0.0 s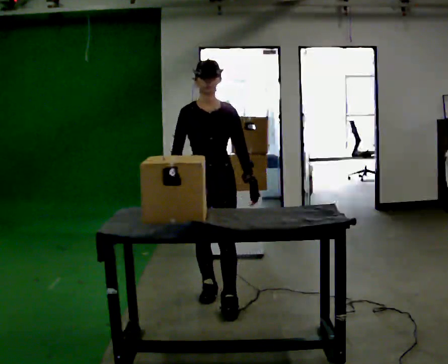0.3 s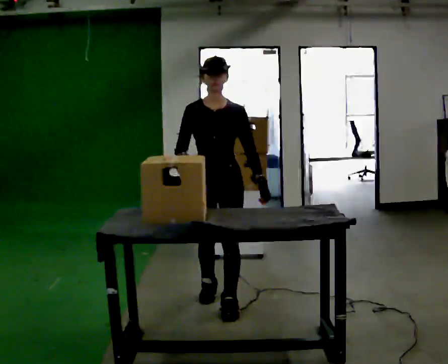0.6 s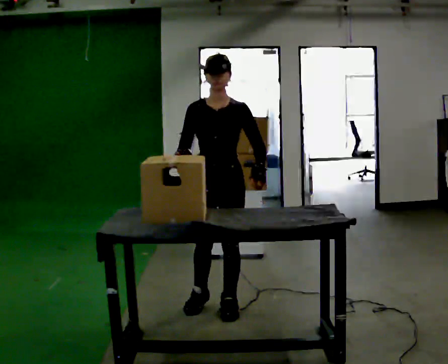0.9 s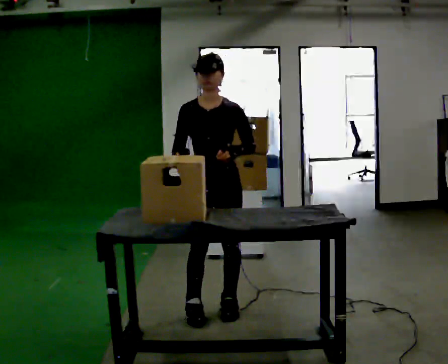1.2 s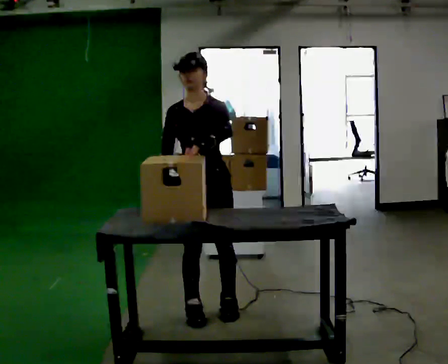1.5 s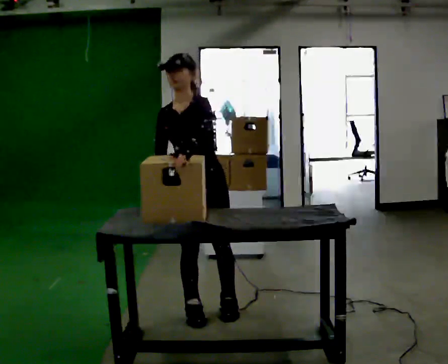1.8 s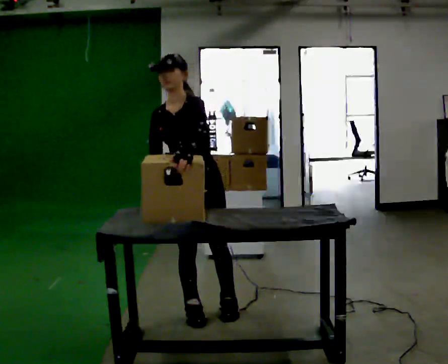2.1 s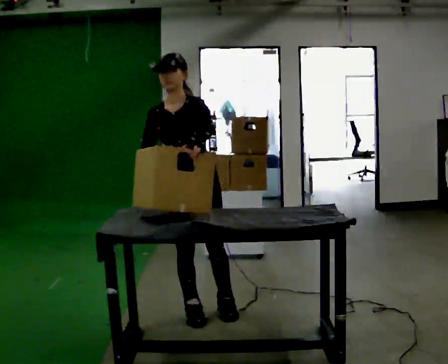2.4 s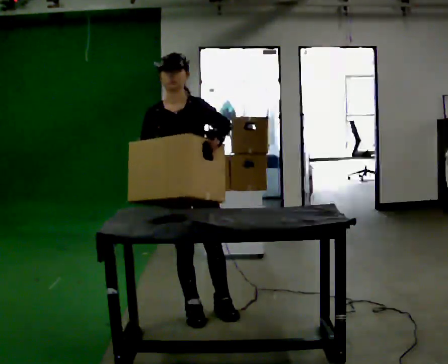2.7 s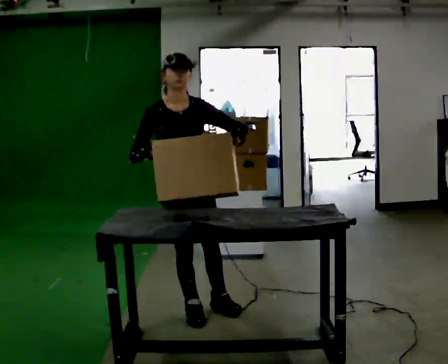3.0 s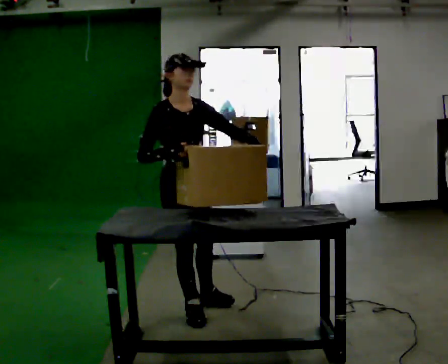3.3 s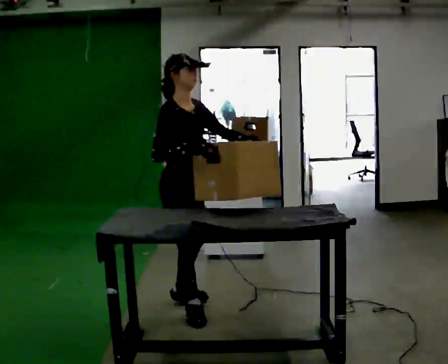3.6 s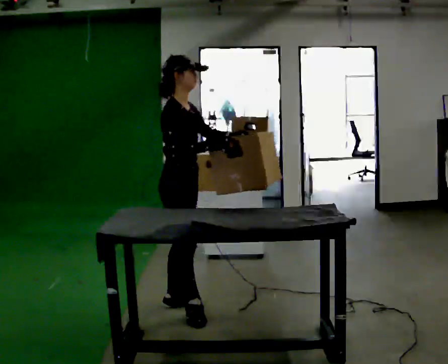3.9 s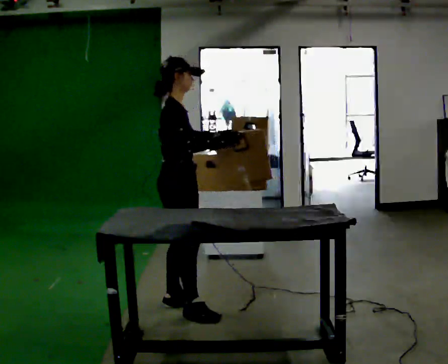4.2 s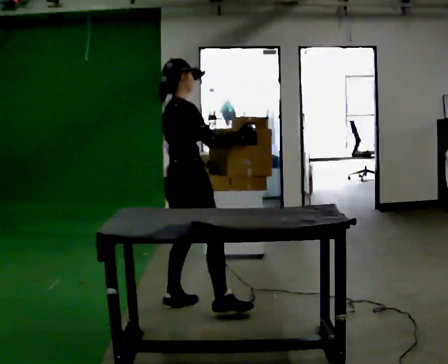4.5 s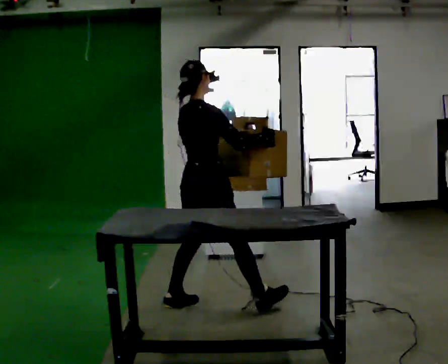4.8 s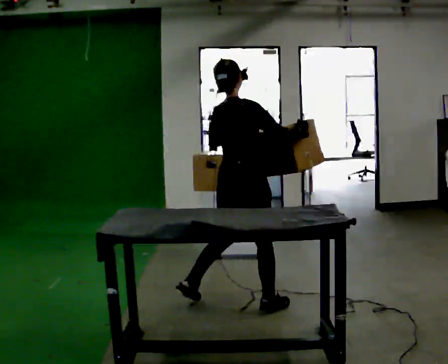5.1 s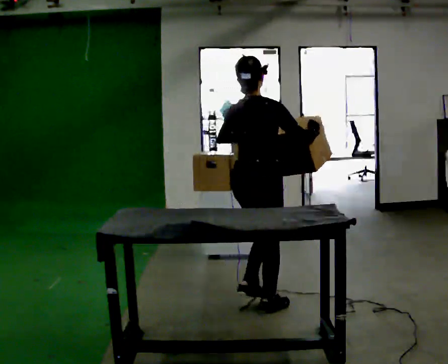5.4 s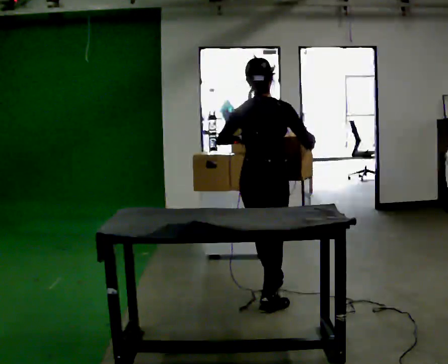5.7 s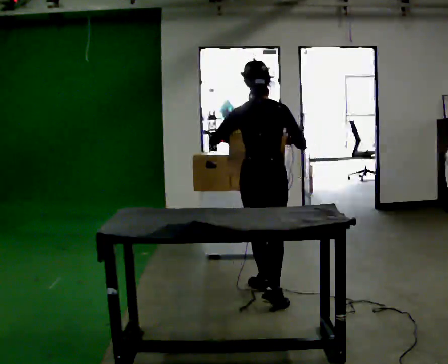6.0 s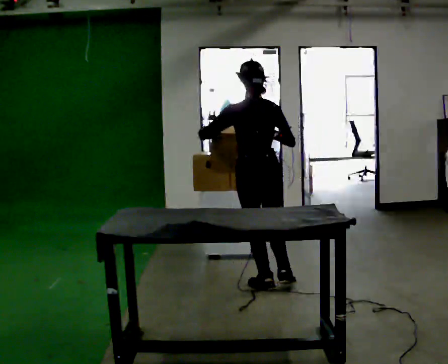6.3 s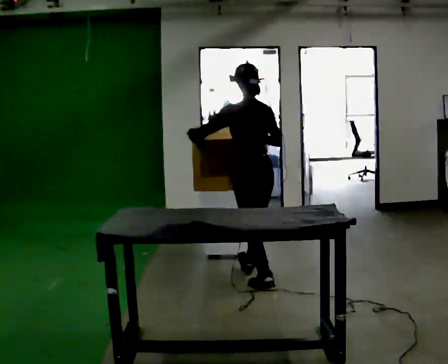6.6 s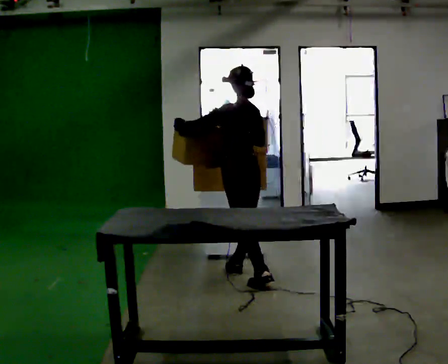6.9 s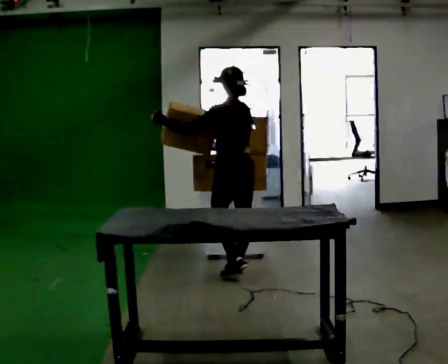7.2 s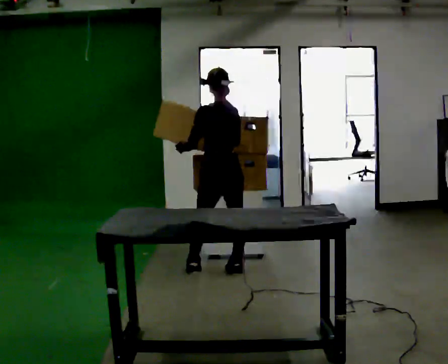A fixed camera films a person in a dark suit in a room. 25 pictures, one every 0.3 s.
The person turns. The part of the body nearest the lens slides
to the right.
The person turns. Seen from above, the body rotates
counterclockwise.
0.0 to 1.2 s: In the picture they go toward the camera, about 0.25 m in 1 step, which for them is forward. In the picture their left hand goes upward.
1.2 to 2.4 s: The person turns about 30 degrees to their left, counterclockwise seen from above, so the part of the body nearest the lens slides to the right.
2.4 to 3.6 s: The person turns about 75 degrees to their left, counterclockwise seen from above, so the part of the body nearest the lens slides to the right.
3.6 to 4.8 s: Seen from above the body turns counterclockwise, about 60 degrees: to their left, with its near side sliding to the right. In the picture they go to the right, about 0.5 m in 1 step, which for them is forward and to their right.
4.8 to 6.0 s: The part of the body nearest the lens slides to the right as the person turns to their left by about 30 degrees. In the picture they go away from the camera and to the right, about 0.5 m in 1 step, which for them is forward.
6.0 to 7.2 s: In the picture they go away from the camera, about 0.5 m in 2 steps, which for them is forward.
The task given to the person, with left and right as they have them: Move objects one at a time from the waist-height shelf at one end of the room to the waist-height shelf at the other end. Keep going until the operator says stop; one object at a time, and do not rush between trips.
The film runs forward here.
